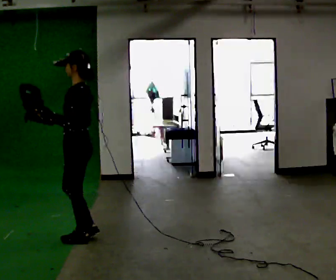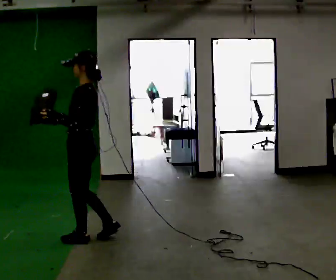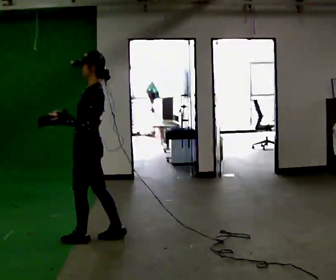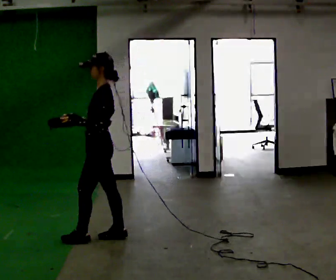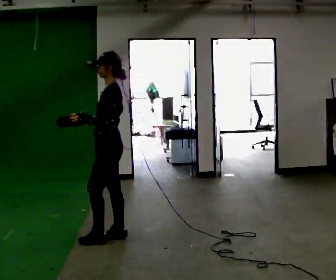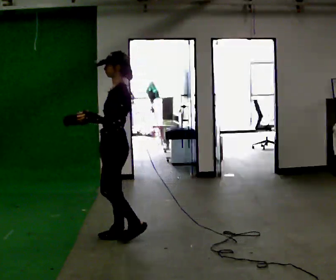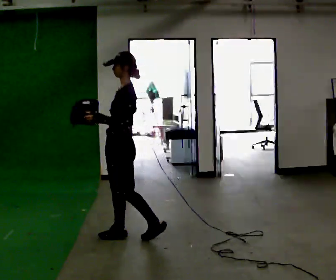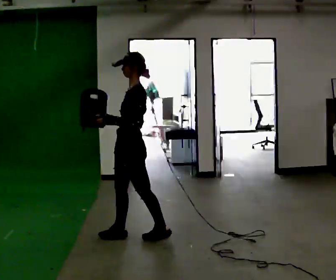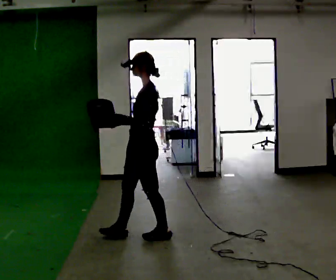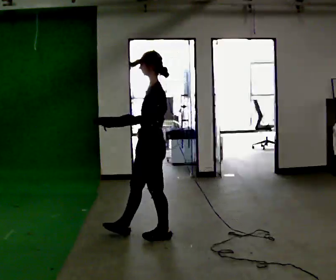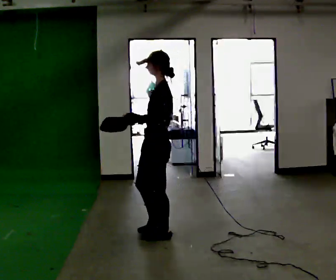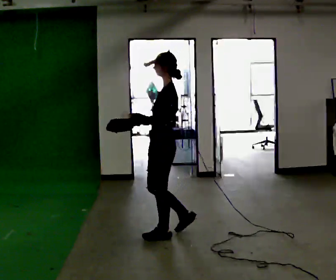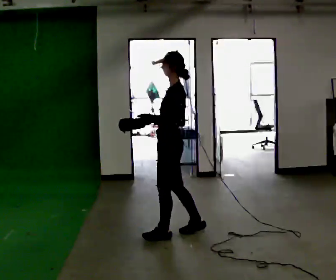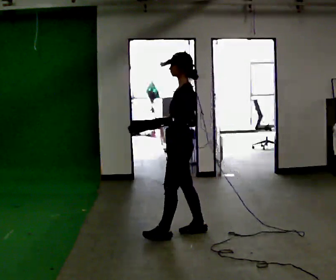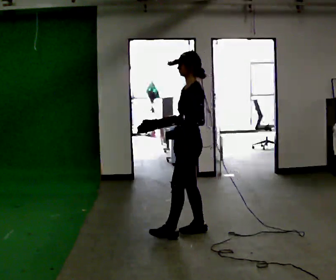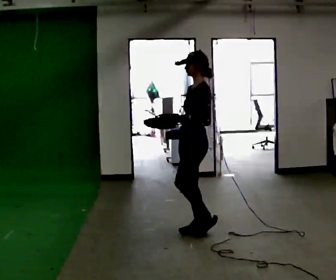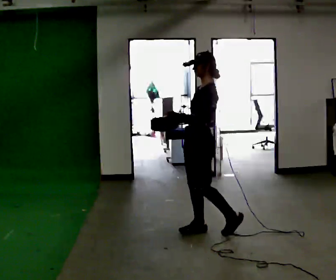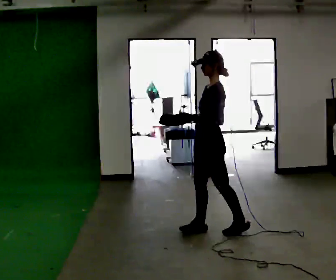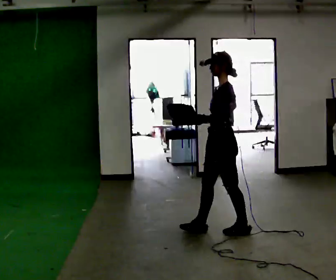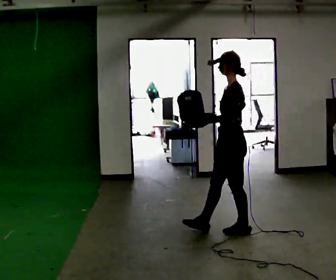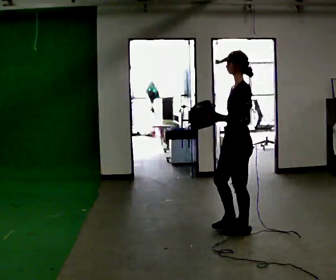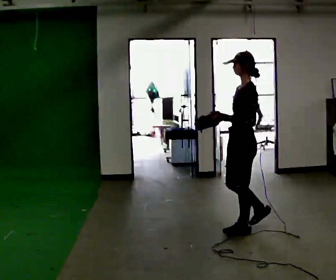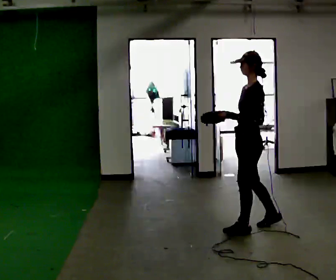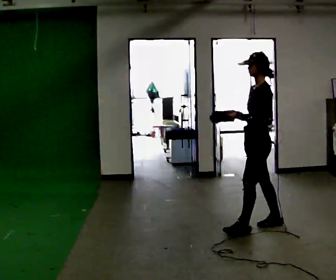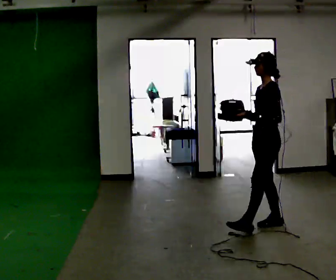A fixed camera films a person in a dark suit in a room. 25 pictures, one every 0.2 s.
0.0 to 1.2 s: In the picture they go to the right, about 0.25 m in 1 step, which for them is backward and to their left.
1.2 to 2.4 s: In the picture they go to the right, about 0.5 m in 1 step, which for them is to their left and backward.
2.4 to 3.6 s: In the picture they go to the right, about 0.5 m in 1 step, which for them is to their left and backward.
3.6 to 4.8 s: In the picture they go to the right, about 0.5 m in 2 steps, which for them is backward and to their left.
The film runs backward here.
